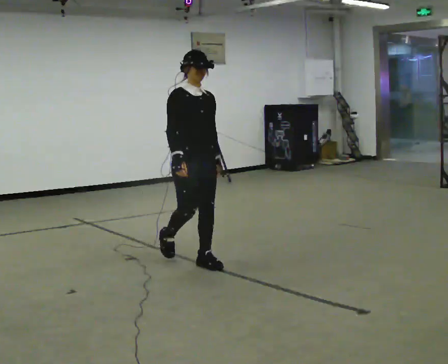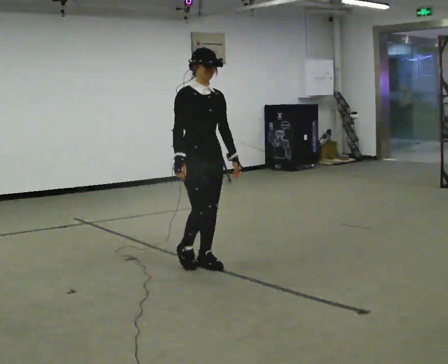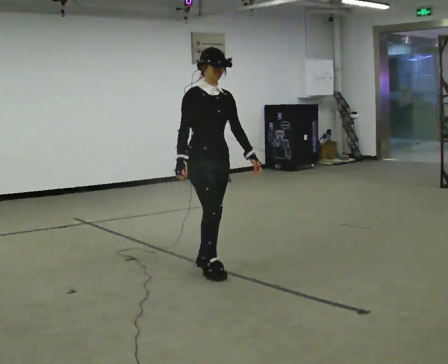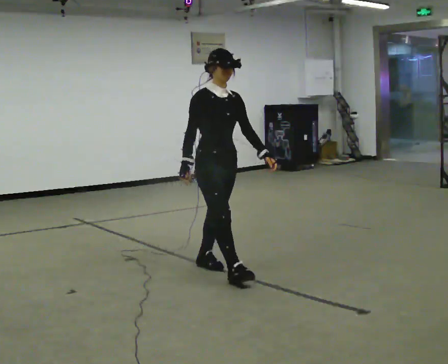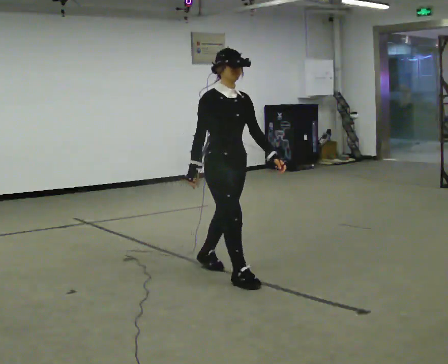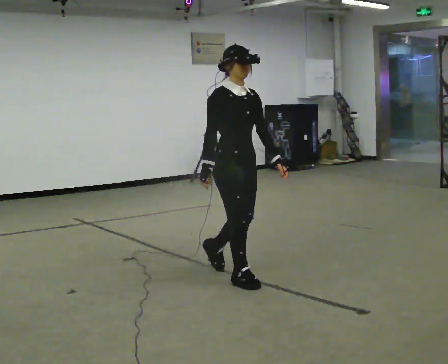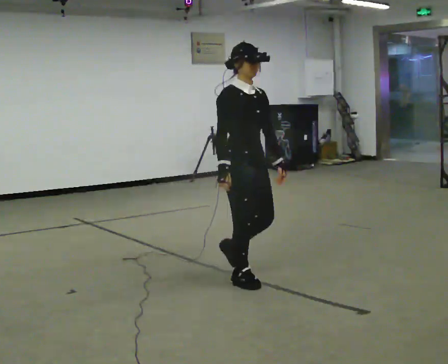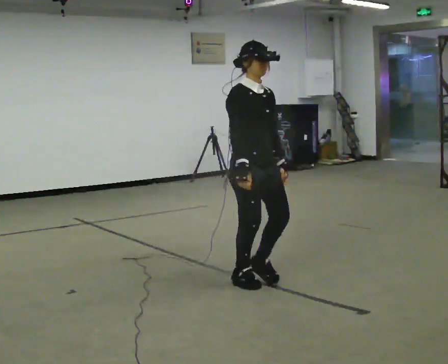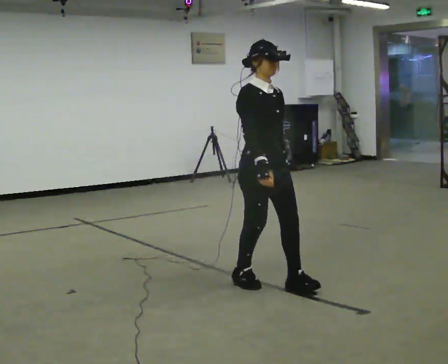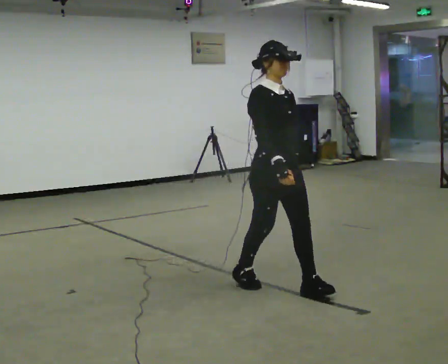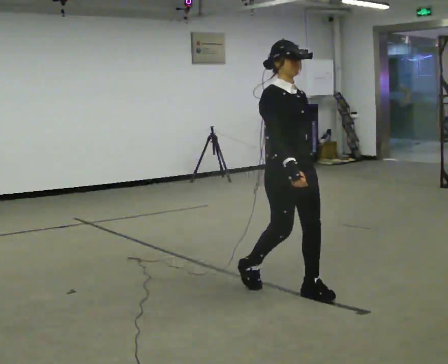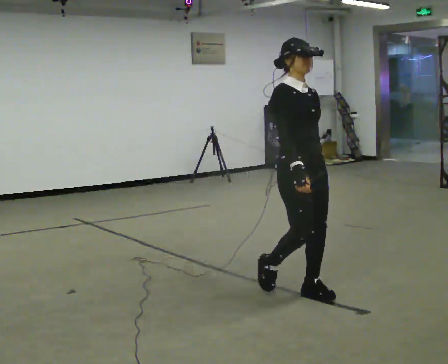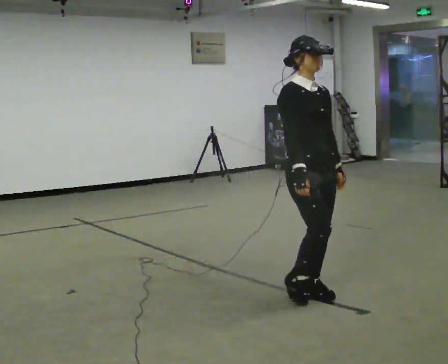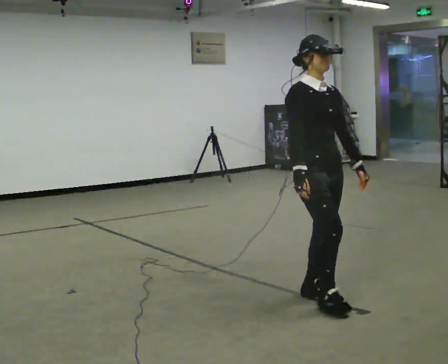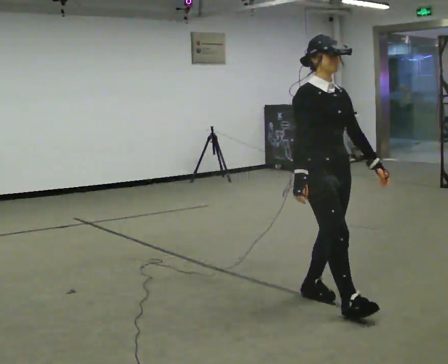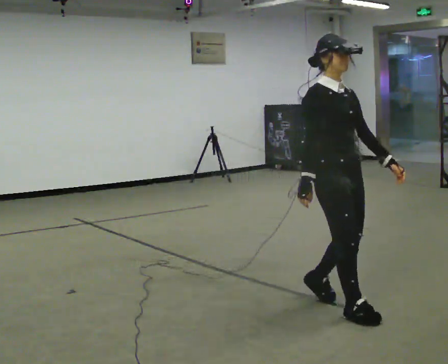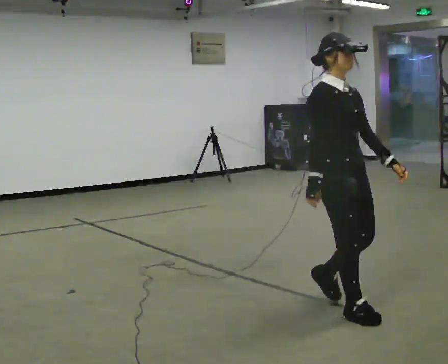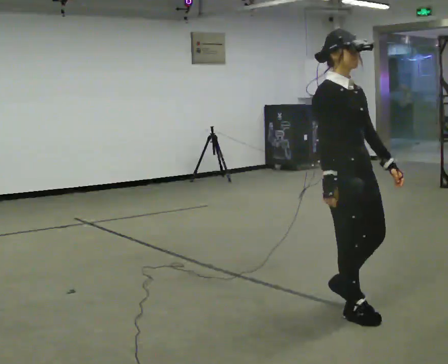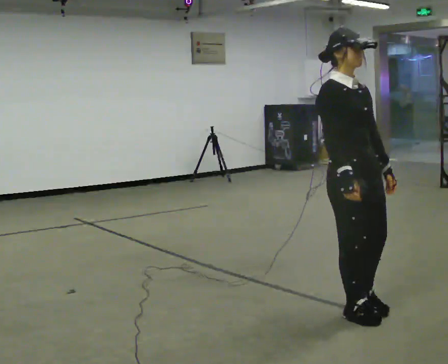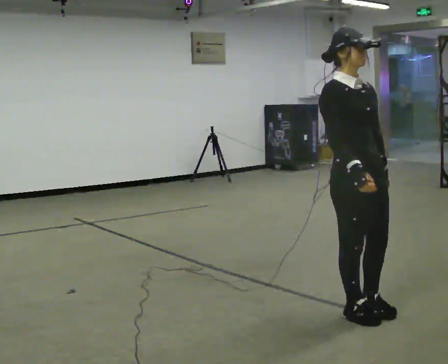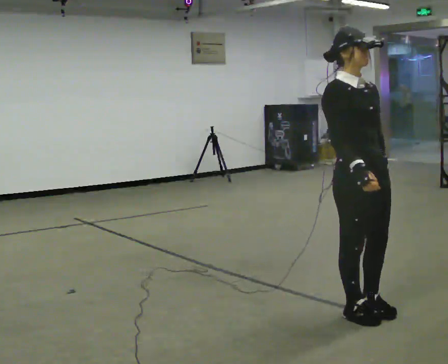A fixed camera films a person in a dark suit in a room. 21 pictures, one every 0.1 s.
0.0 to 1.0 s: In the picture they go to the right and toward the camera, about 1 m in 2 steps, which for them is forward.
1.0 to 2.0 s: In the picture they go toward the camera and to the right, about 0.5 m in 2 steps, which for them is forward.
The film runs forward here.
